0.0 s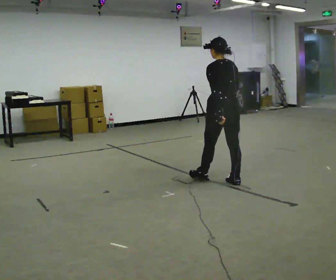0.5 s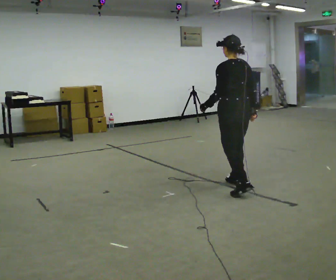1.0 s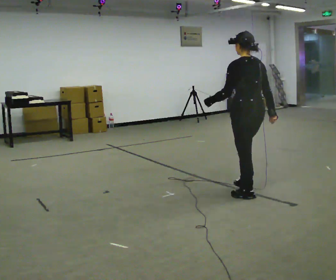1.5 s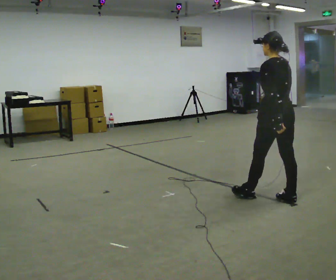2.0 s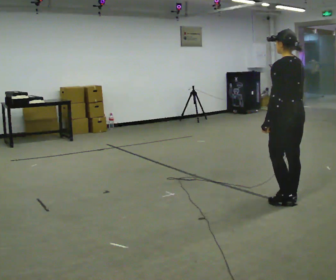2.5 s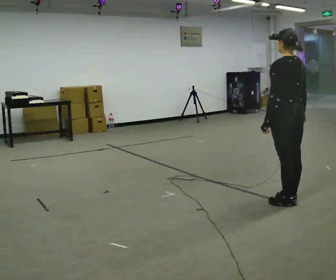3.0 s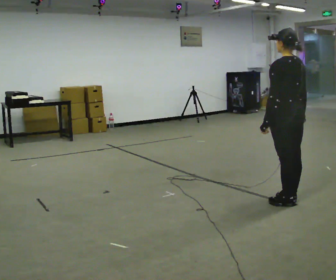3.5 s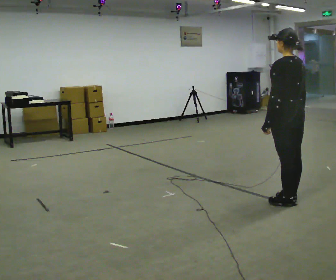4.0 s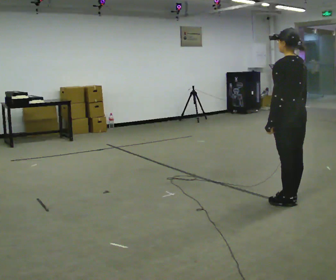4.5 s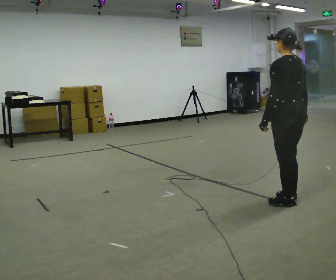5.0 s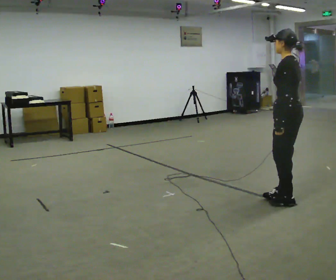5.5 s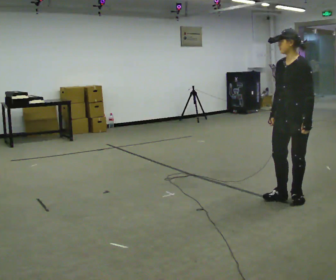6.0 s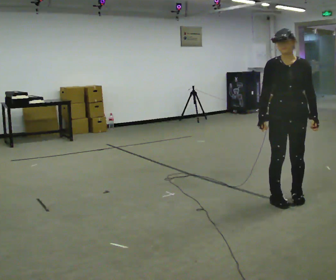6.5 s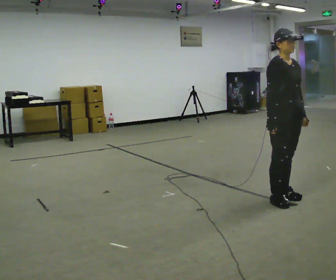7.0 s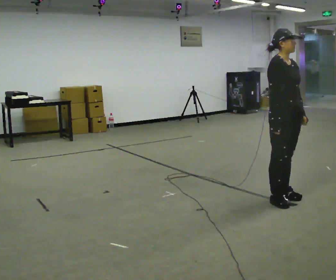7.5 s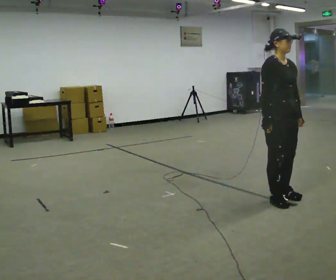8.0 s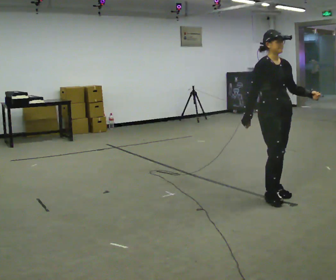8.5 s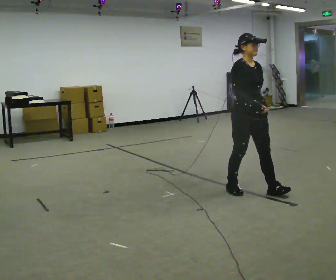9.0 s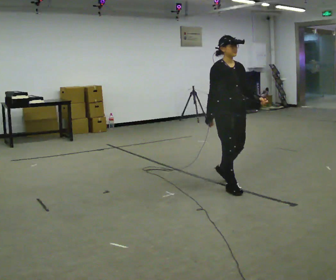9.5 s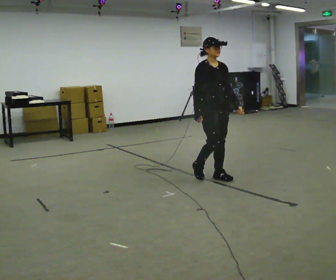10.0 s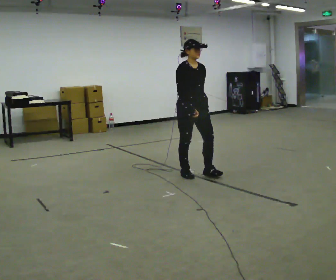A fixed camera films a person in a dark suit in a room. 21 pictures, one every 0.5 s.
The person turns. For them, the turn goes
to their left.
The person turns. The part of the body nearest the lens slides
to the right.
0.0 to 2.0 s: In the picture they go to the right and toward the camera, about 1 m in 2 steps, which for them is backward.
2.0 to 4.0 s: The person moves a little, or ends about where they began.
4.0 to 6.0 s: Seen from above the body turns counterclockwise, about 135 degrees: to their left, with its near side sliding to the right. In the picture their left hand goes to the right, the arm swinging counterclockwise.
6.0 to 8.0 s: Seen from above the body turns counterclockwise, about 45 degrees: to their left, with its near side sliding to the right.
8.0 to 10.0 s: In the picture they go to the left and away from the camera, about 1 m in 3 steps, which for them is backward.
The film runs backward here.
